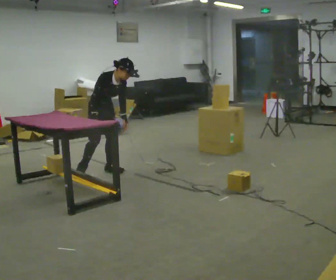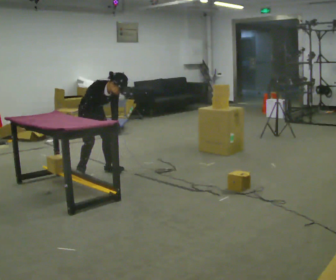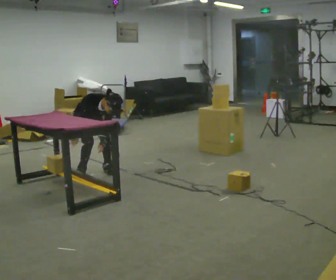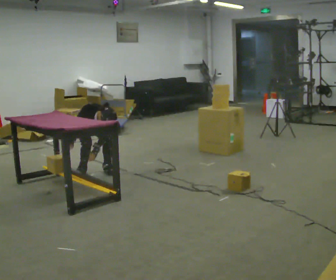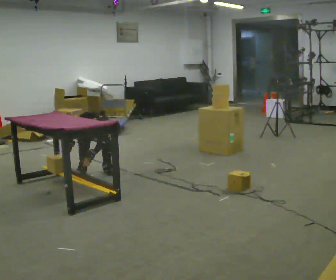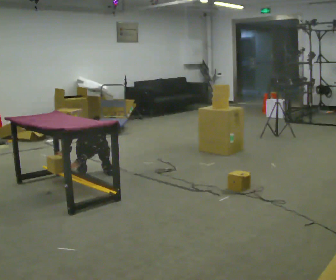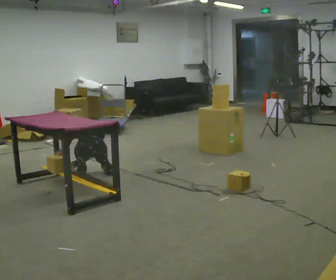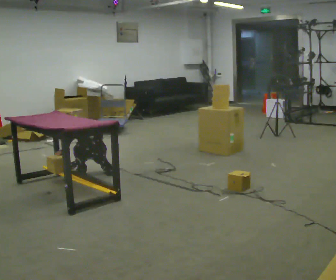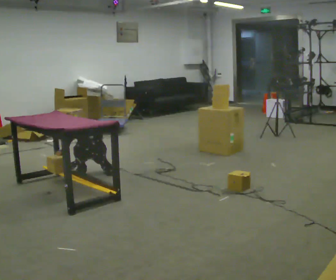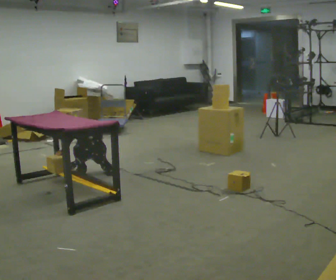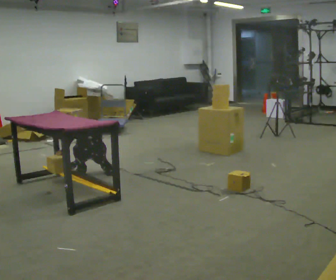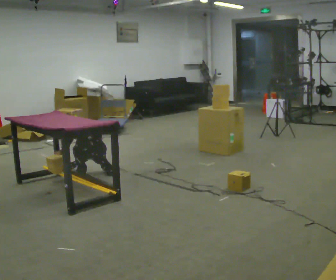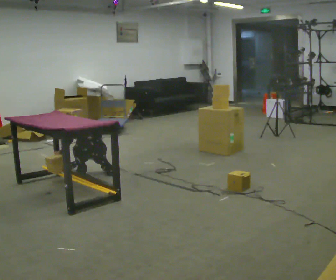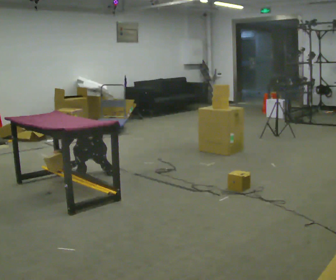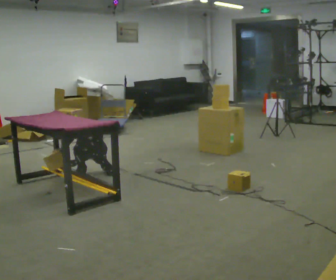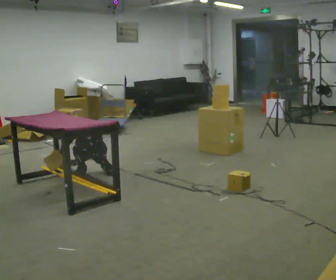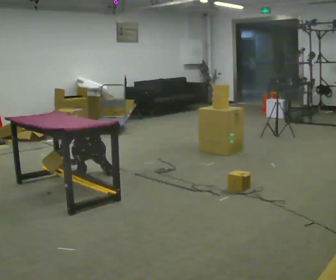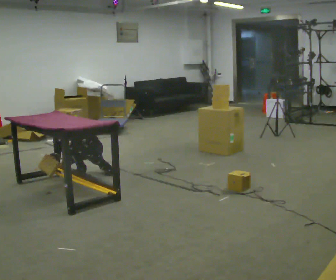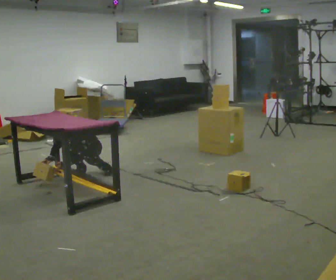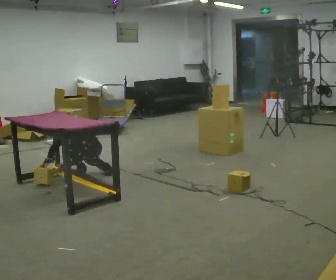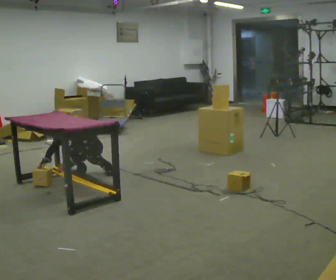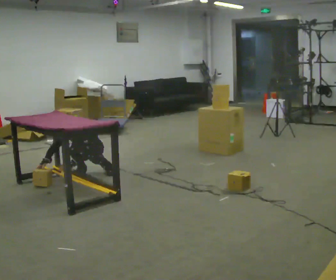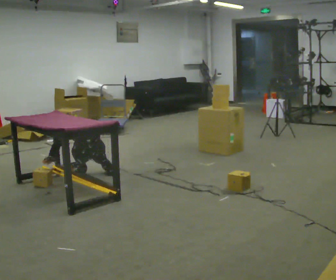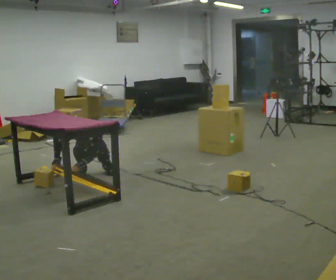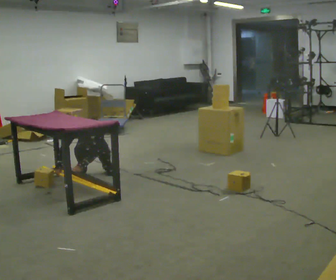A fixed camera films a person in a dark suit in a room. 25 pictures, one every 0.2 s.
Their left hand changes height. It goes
downward.
Their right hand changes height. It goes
downward.
0.0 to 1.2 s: Seen from above the body turns clockwise, about 45 degrees: to their right, with its near side sliding to the left. The shoulders move downward. In the picture their left hand goes to the left and downward, the arm swinging clockwise.
1.2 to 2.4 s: The person moves a little, or ends about where they began.
2.4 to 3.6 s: In the picture the upper body tilts counterclockwise, shoulders to the left.
3.6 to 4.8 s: The person moves a little, or ends about where they began.
The film runs backward here.
